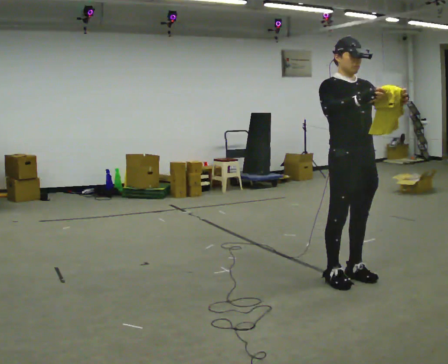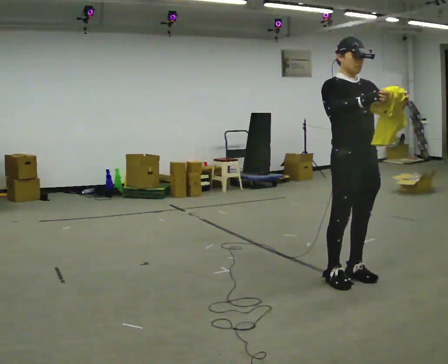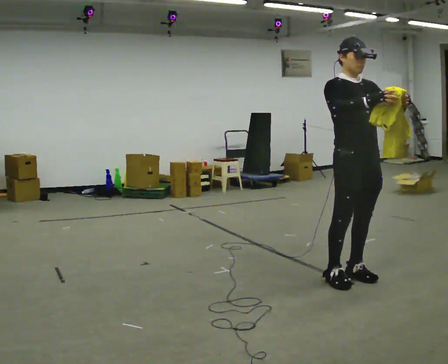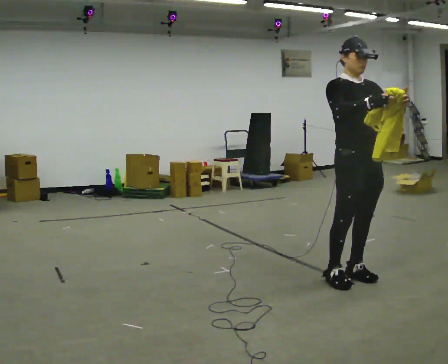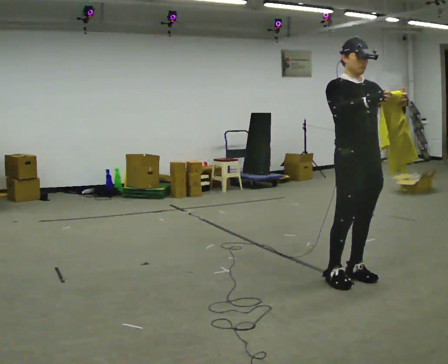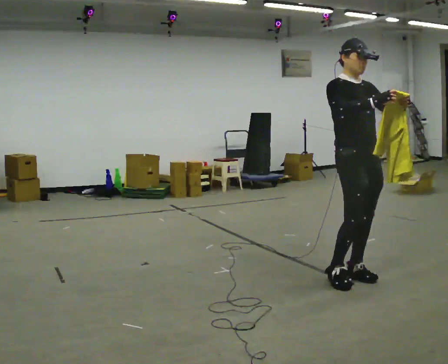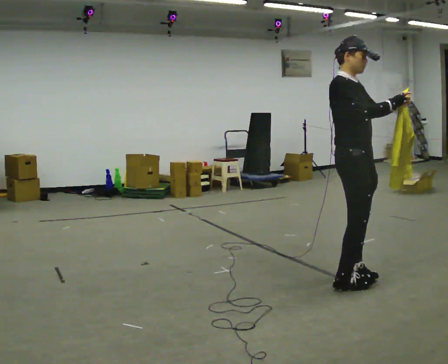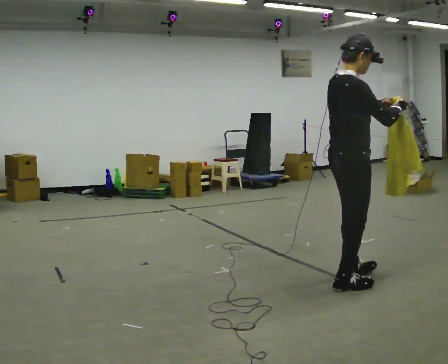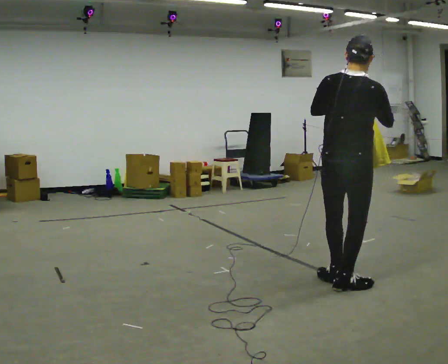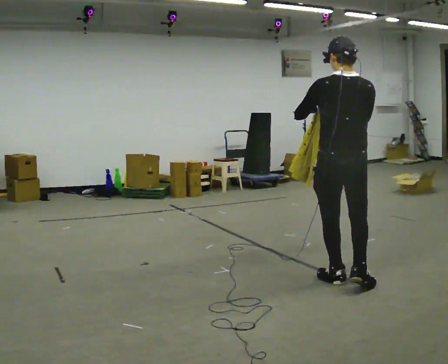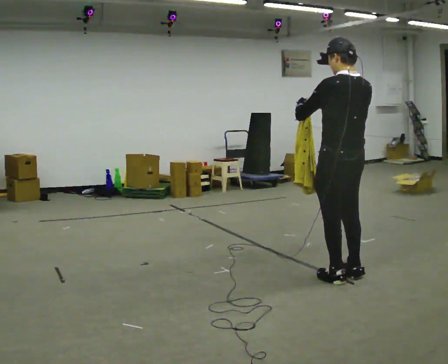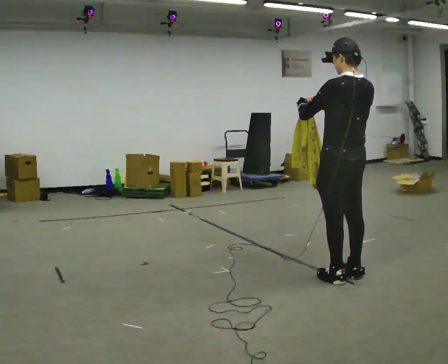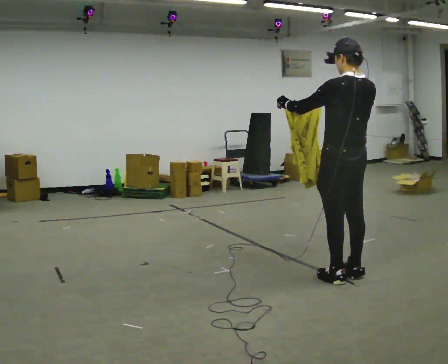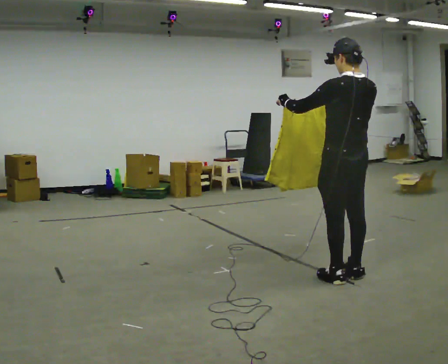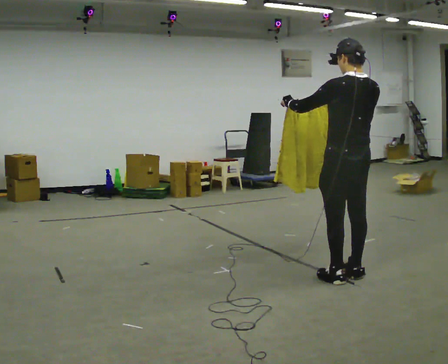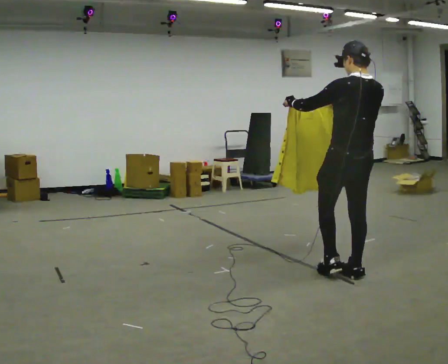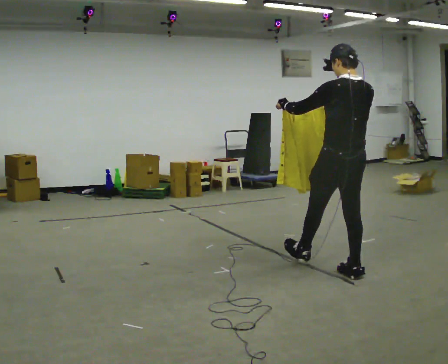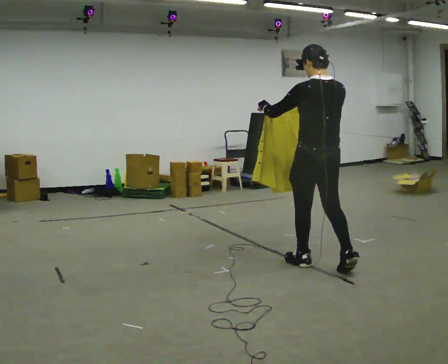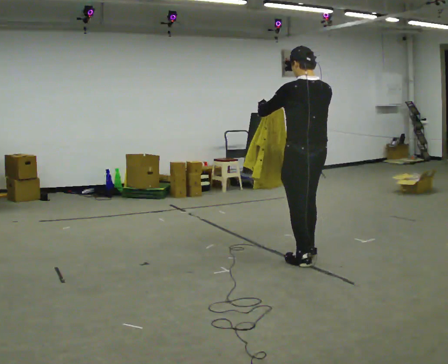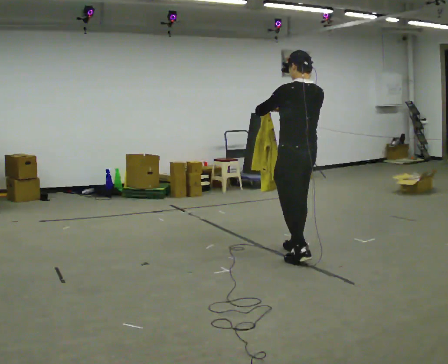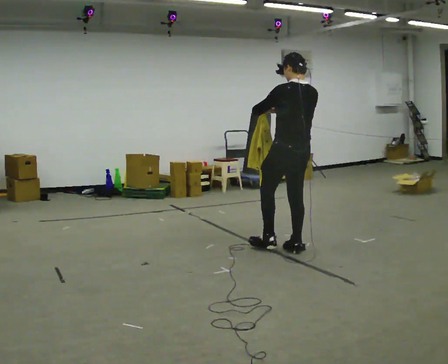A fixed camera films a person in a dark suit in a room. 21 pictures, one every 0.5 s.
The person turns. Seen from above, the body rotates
counterclockwise.
The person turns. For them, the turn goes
to their left.
0.0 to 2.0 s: The person moves a little, or ends about where they began.
2.0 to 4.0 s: The person turns about 135 degrees to their left, counterclockwise seen from above, so the part of the body nearest the lens slides to the right. In the picture they go toward the camera, about 0.25 m in 2 steps. In the picture their left hand goes to the left.
4.0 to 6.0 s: Seen from above the body turns counterclockwise, about 60 degrees: to their left, with its near side sliding to the right. In the picture they go away from the camera, about 0.25 m in 1 step, which for them is to their right and forward. In the picture their left hand goes to the left.
6.0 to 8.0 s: The person moves a little, or ends about where they began.
8.0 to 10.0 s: In the picture they go away from the camera and to the left, about 0.5 m in 2 steps, which for them is forward.
The film runs forward here.
